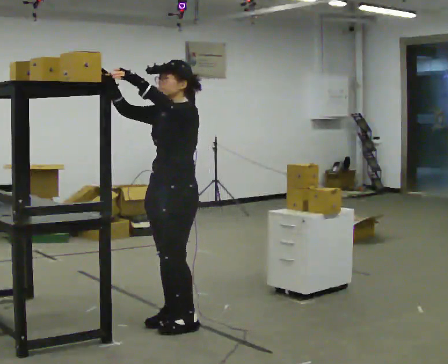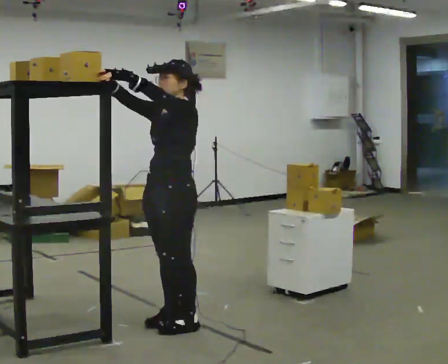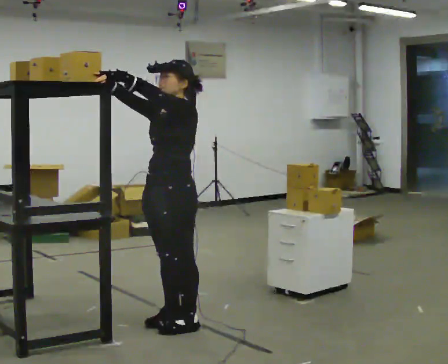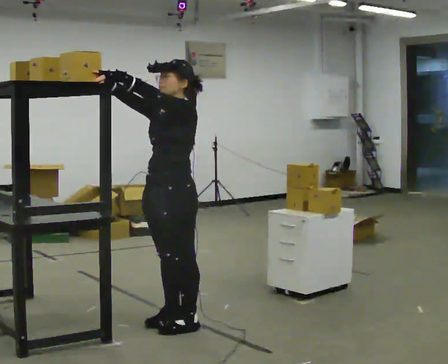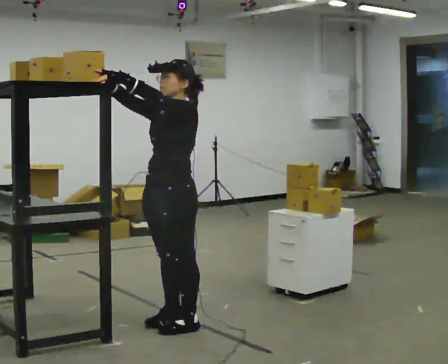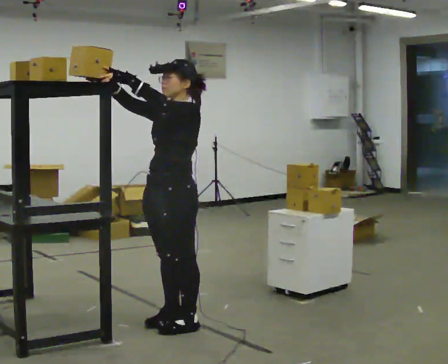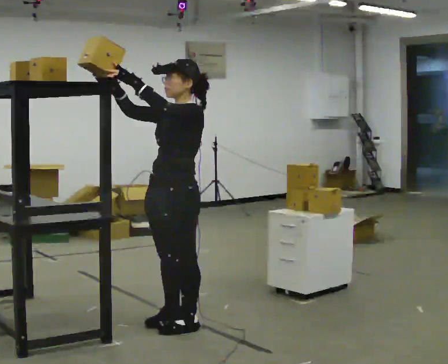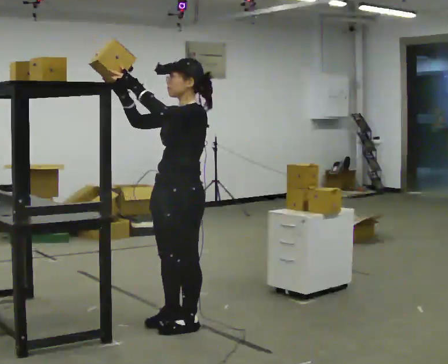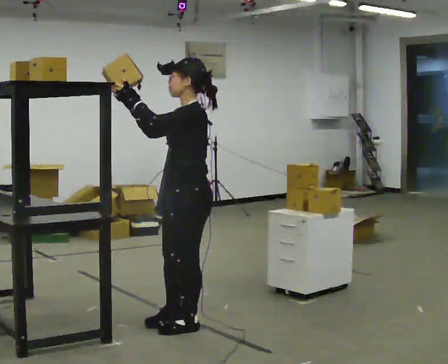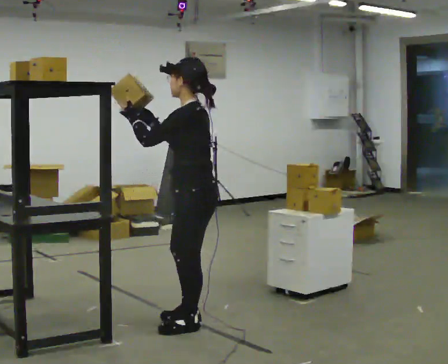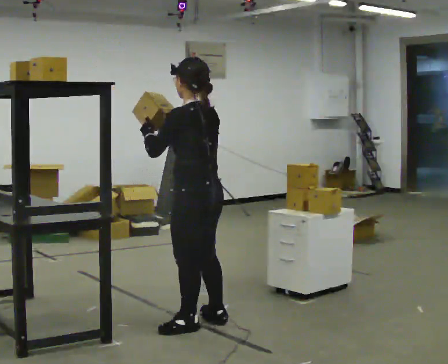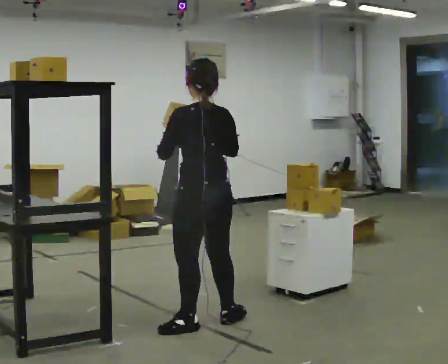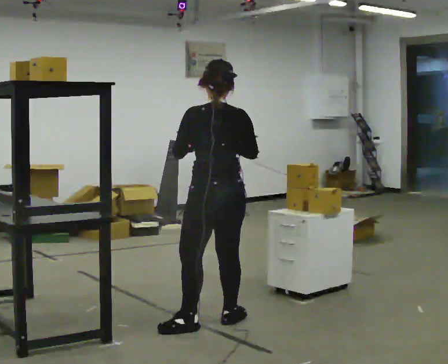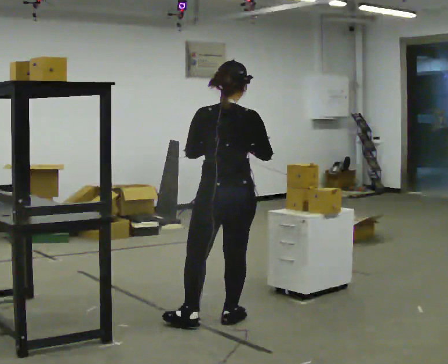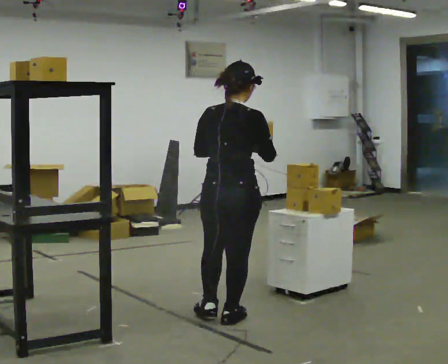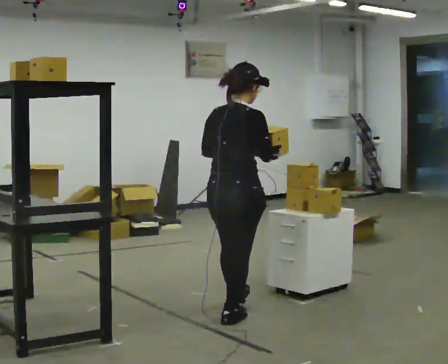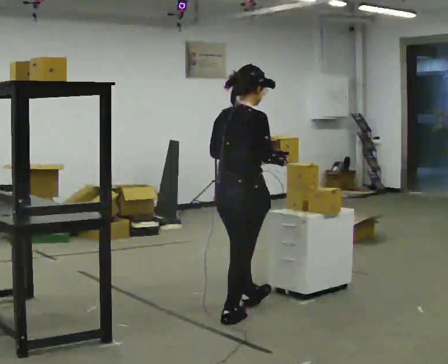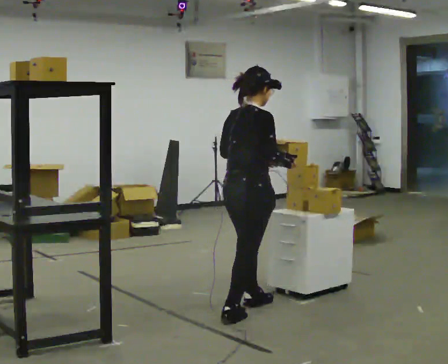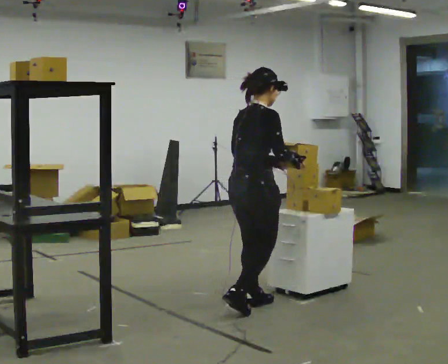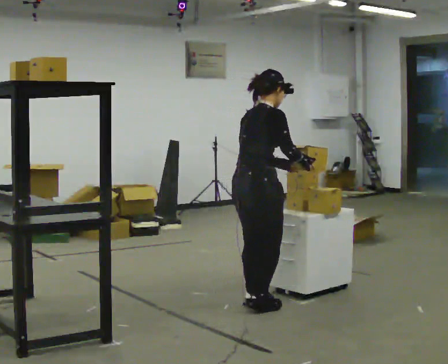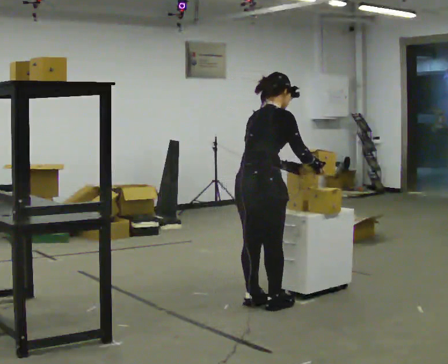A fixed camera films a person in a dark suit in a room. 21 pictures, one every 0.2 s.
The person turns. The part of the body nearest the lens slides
to the left.
The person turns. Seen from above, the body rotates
clockwise.
0.0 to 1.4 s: The person moves a little, or ends about where they began.
1.4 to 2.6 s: The person turns about 105 degrees to their right, clockwise seen from above, so the part of the body nearest the lens slides to the left. In the picture they go to the right, about 0.25 m in 1 step. In the picture their right hand goes downward.
2.6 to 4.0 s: The part of the body nearest the lens slides to the left as the person turns to their right by about 60 degrees. In the picture they go away from the camera and to the right, about 0.5 m in 2 steps.
The film runs forward here.
